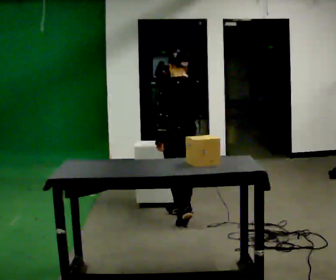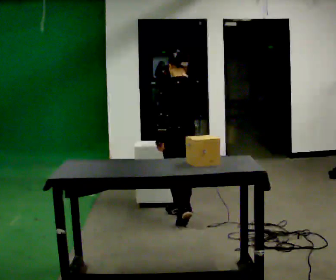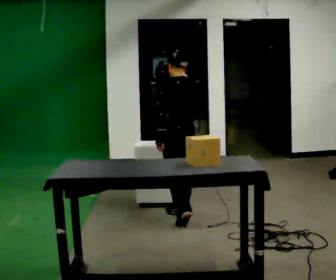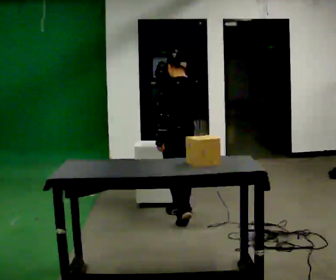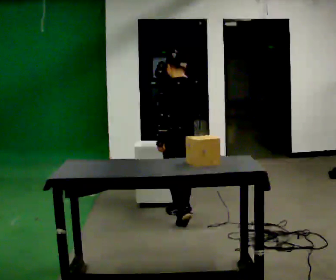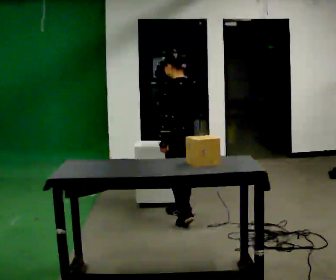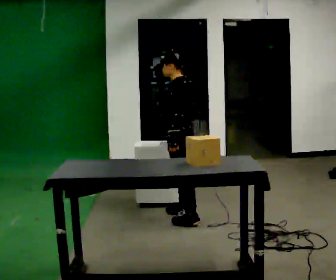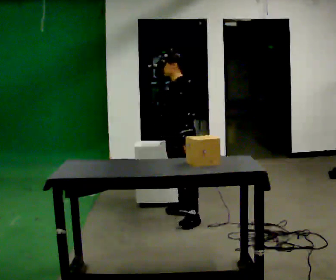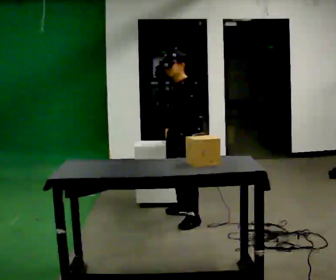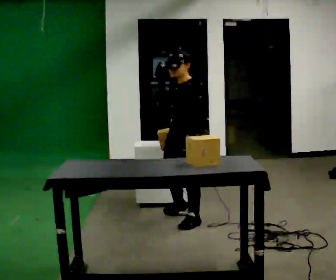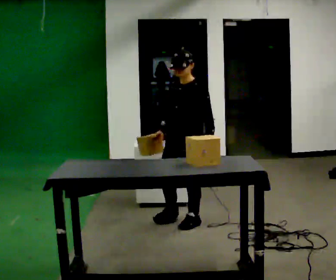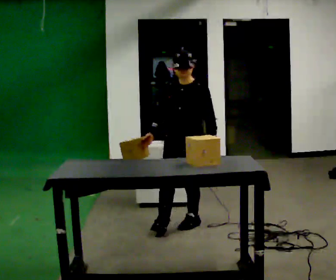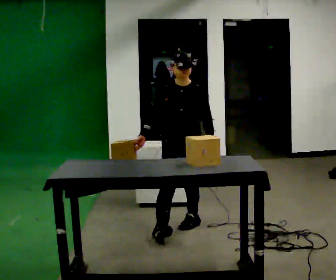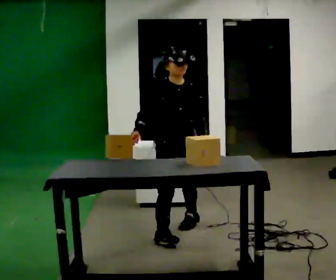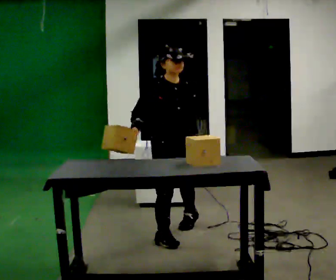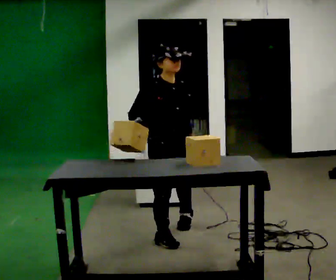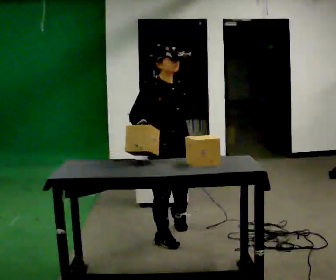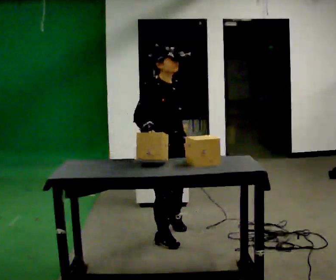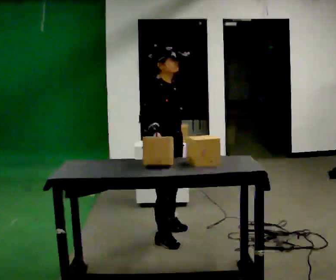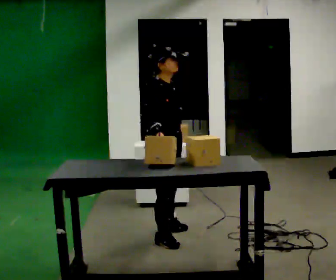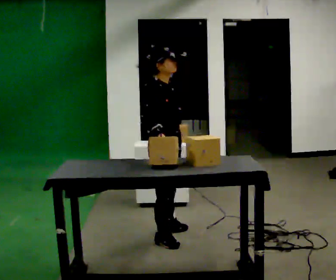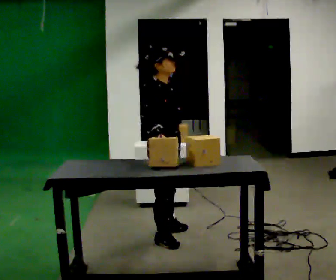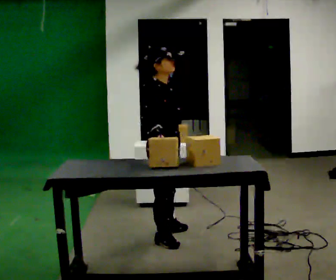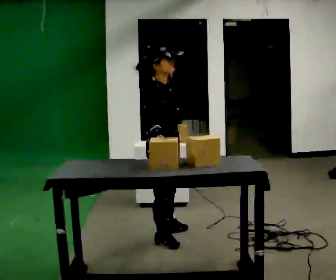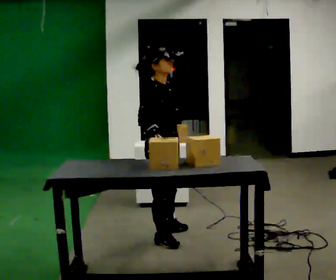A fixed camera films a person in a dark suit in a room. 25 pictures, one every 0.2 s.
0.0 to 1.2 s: The part of the body nearest the lens slides to the right as the person turns to their left by about 45 degrees.
1.2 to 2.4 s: The part of the body nearest the lens slides to the right as the person turns to their left by about 90 degrees. In the picture they go toward the camera, about 0.5 m in 1 step.
2.4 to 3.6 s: The person turns about 75 degrees to their left, counterclockwise seen from above, so the part of the body nearest the lens slides to the right. In the picture they go toward the camera, about 0.25 m in 2 steps.
3.6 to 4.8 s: The person moves a little, or ends about where they began.
The film runs forward here.
